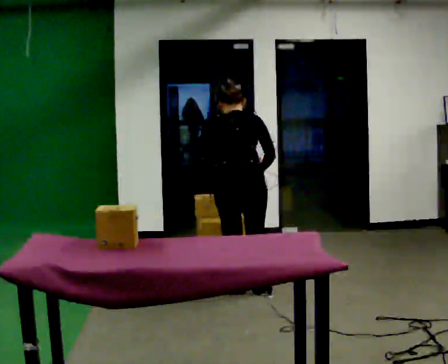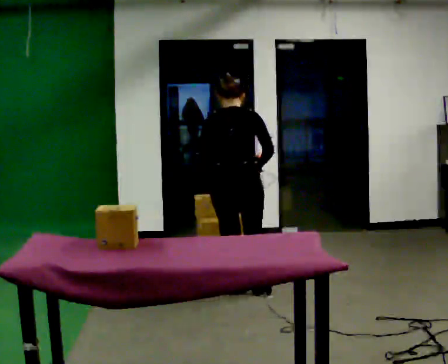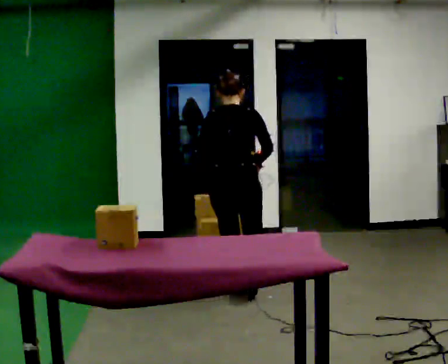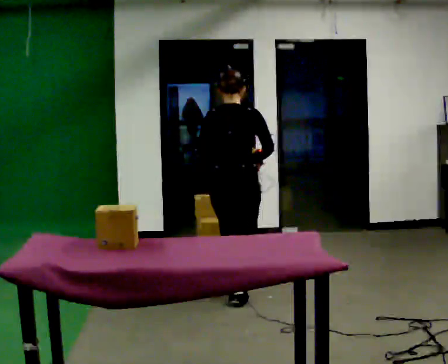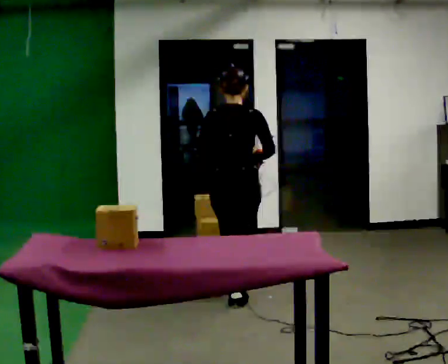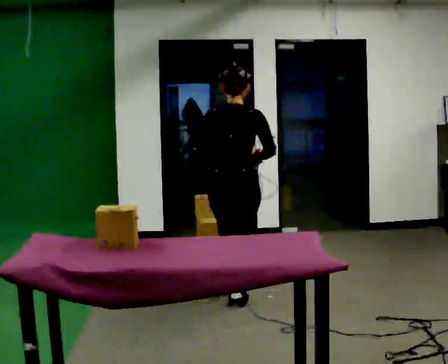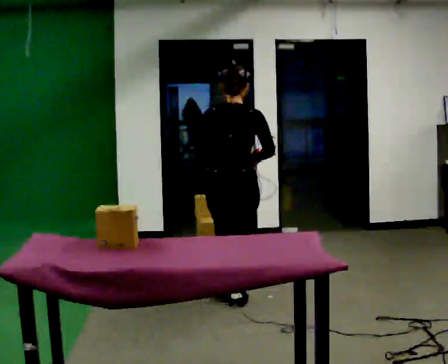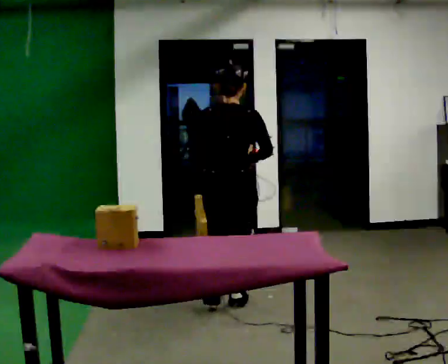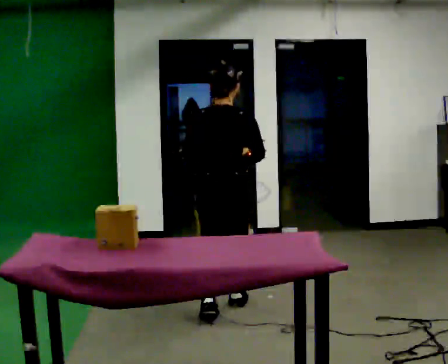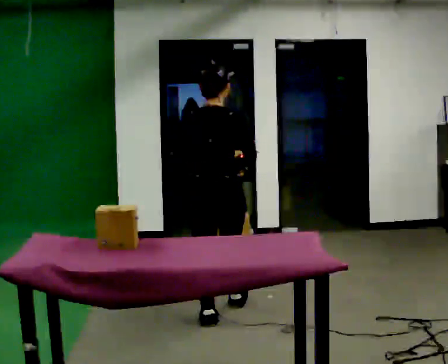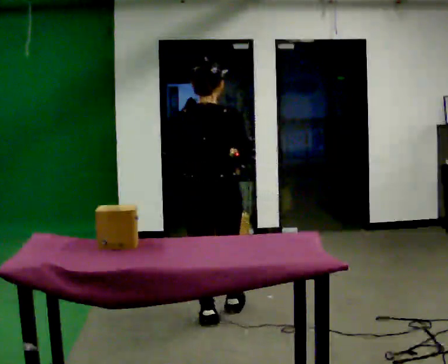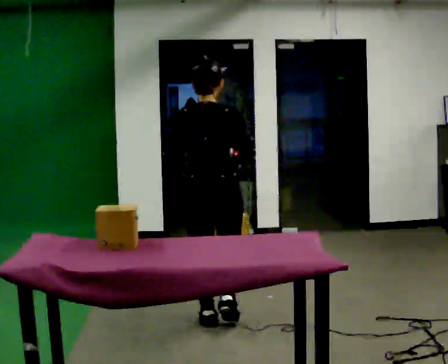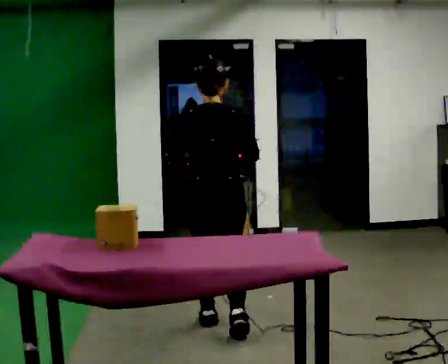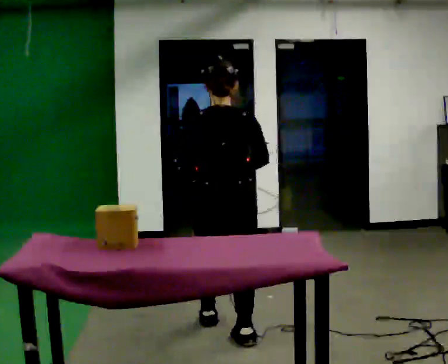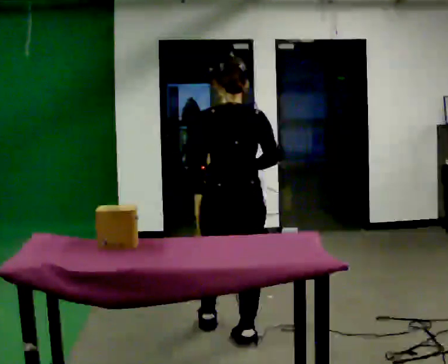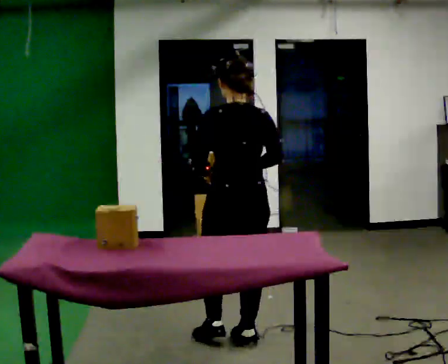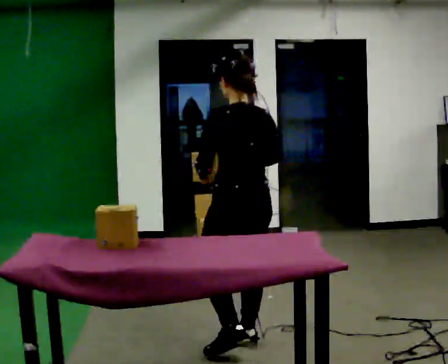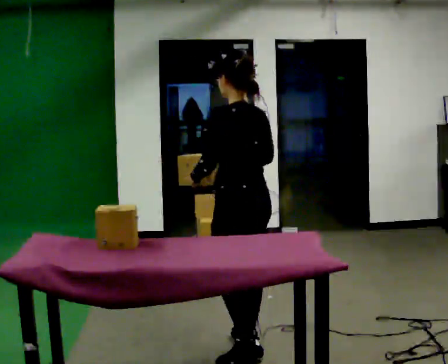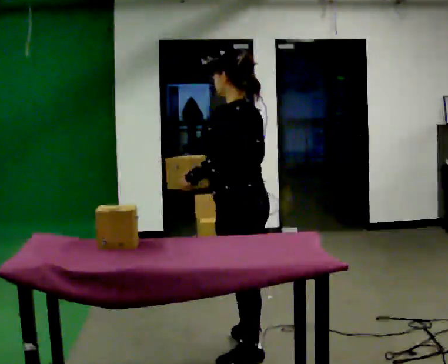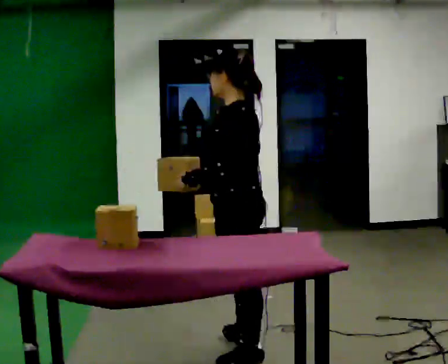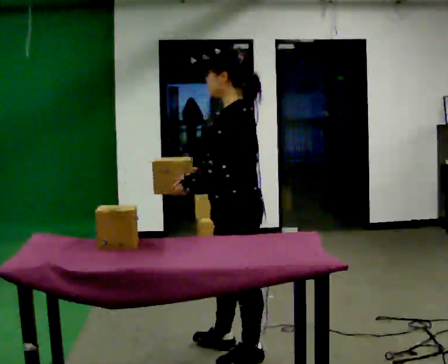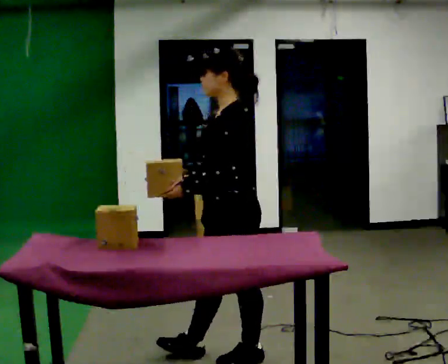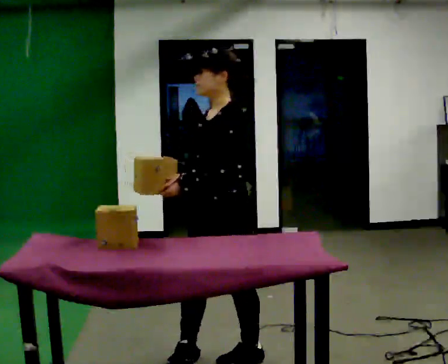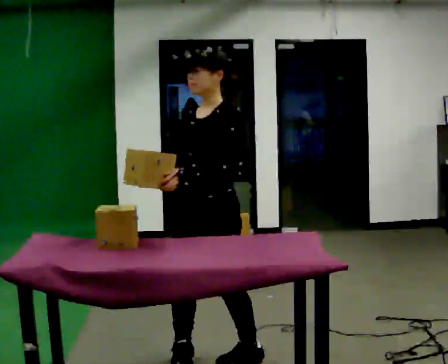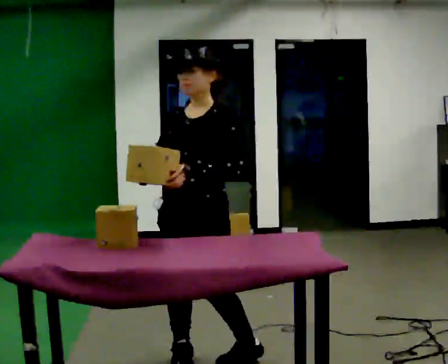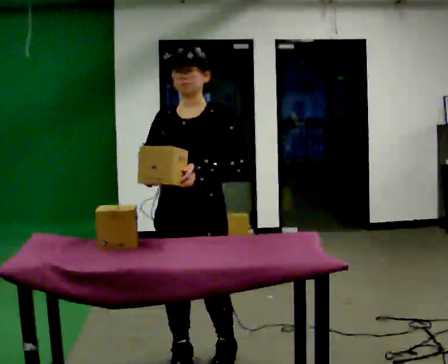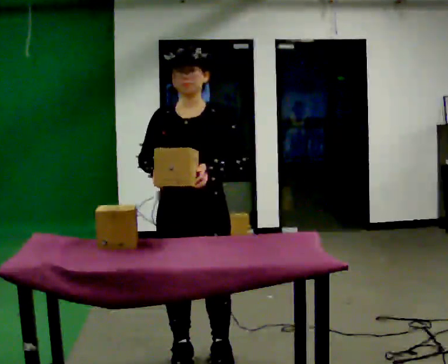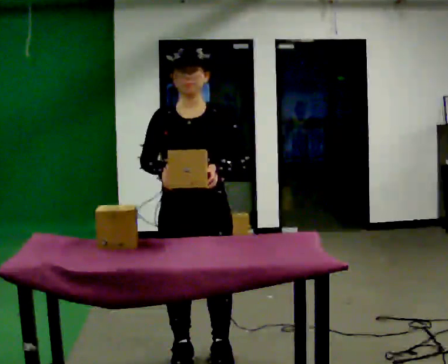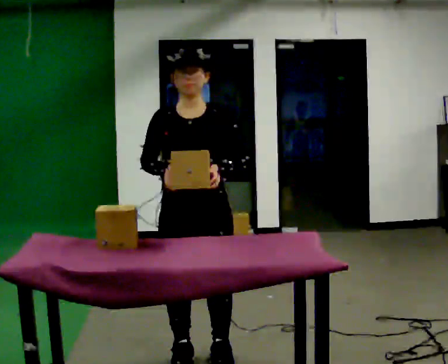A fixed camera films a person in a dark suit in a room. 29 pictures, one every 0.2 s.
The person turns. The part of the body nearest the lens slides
to the right.
The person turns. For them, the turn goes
to their left.
0.0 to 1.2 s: In the picture they go toward the camera, about 0.25 m in 2 steps, which for them is backward. The upper body tips toward the camera, its near side rolling downward, as they lean back or straighten.
1.2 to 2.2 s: In the picture they go toward the camera, about 0.5 m in 1 step, which for them is backward.
2.2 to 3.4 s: The part of the body nearest the lens slides to the right as the person turns to their left by about 60 degrees. In the picture they go toward the camera, about 0.5 m in 1 step, which for them is backward.
3.4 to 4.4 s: The person turns about 60 degrees to their left, counterclockwise seen from above, so the part of the body nearest the lens slides to the right. In the picture they go toward the camera, about 0.25 m in 1 step.
4.4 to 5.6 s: The person turns about 75 degrees to their left, counterclockwise seen from above, so the part of the body nearest the lens slides to the right. In the picture they go to the left, about 0.25 m in 1 step.
The film runs backward here.
